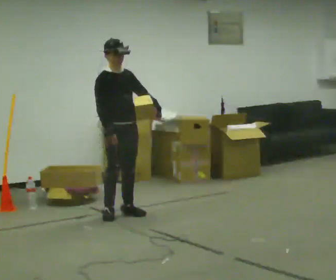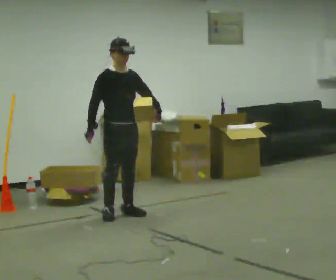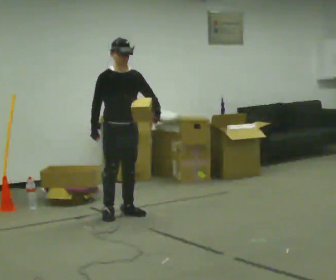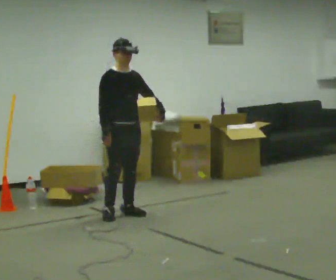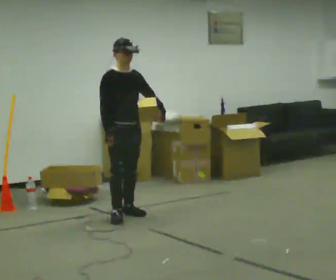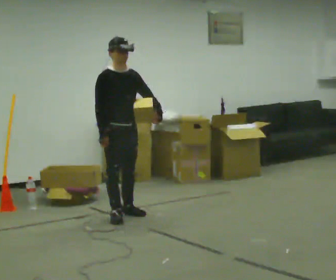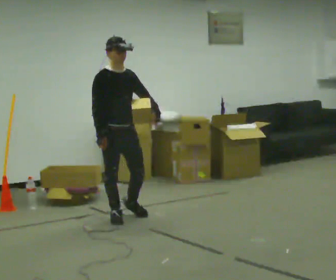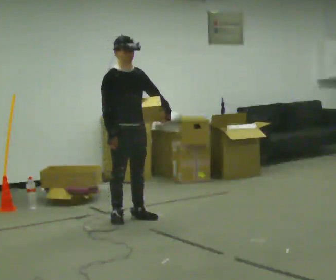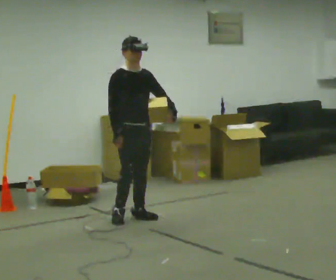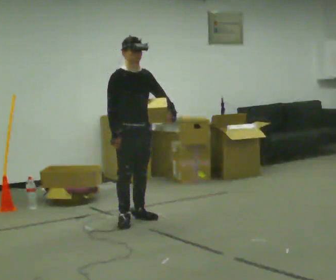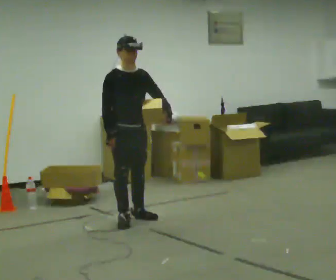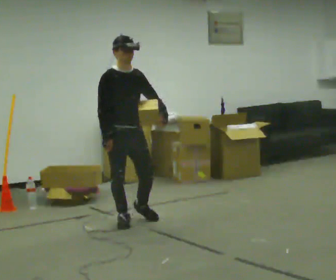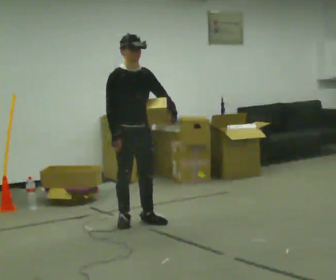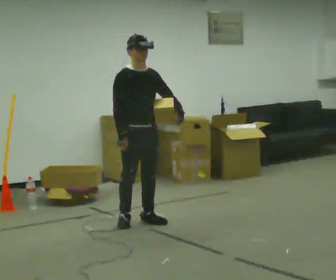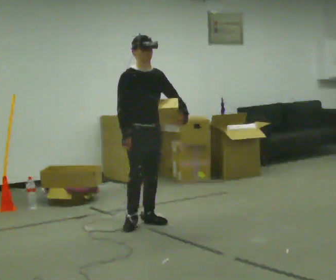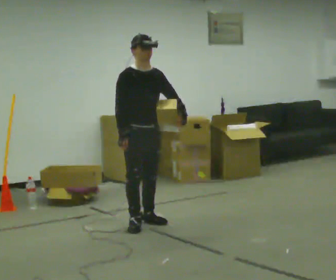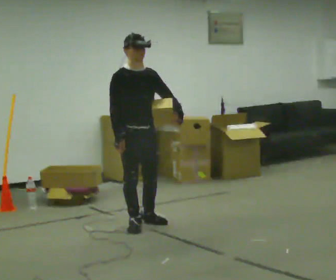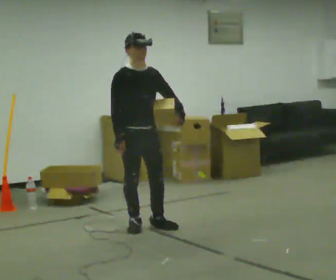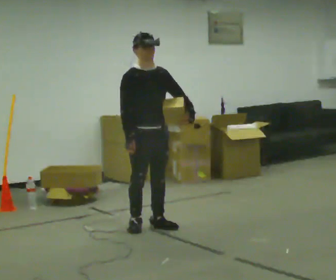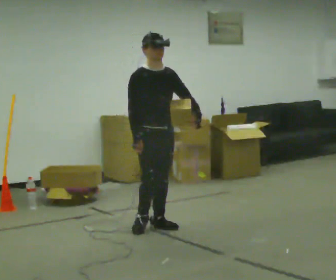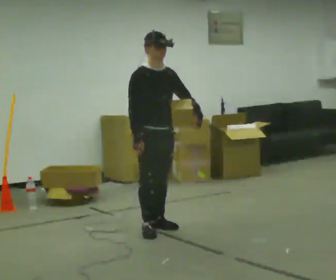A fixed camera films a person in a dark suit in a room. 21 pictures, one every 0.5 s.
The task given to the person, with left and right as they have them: Hold the object against your hip on the side the operator calls, and carry it back and forth across the room.
0.0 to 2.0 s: The person moves a little, or ends about where they began.
2.0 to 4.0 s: In the picture they go toward the camera, about 0.25 m in 1 step, which for them is forward.
4.0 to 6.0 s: In the picture they go toward the camera, about 0.25 m in 2 steps, which for them is forward.
6.0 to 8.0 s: In the picture they go toward the camera, about 0.25 m in 1 step, which for them is forward.
8.0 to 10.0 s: The person moves a little, or ends about where they began.
The film runs forward here.
